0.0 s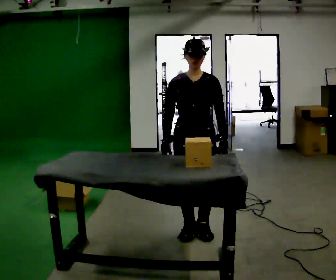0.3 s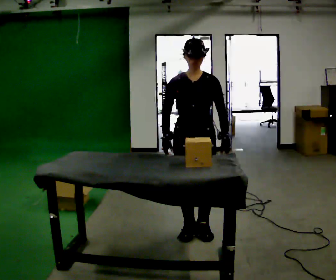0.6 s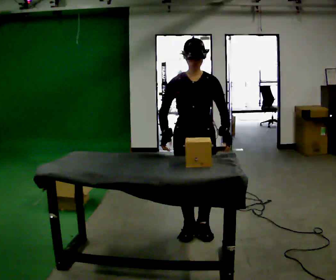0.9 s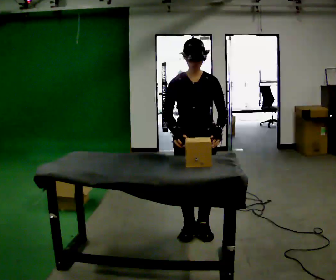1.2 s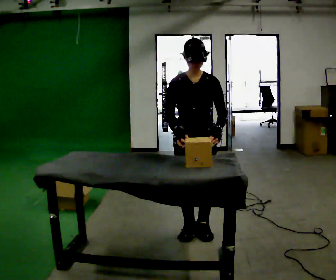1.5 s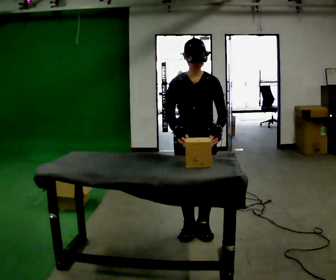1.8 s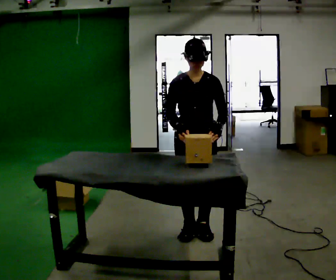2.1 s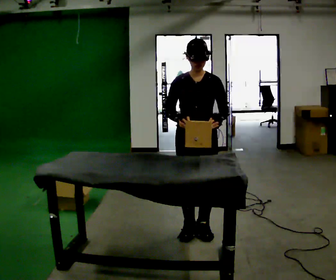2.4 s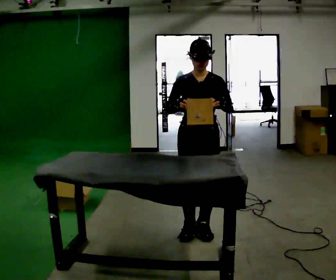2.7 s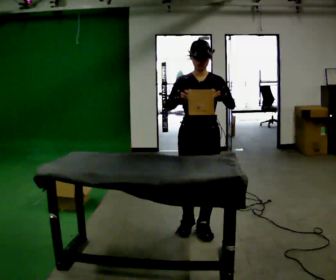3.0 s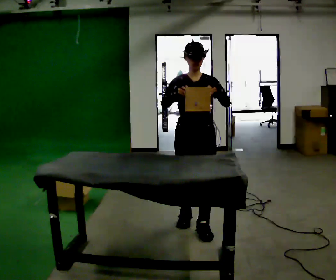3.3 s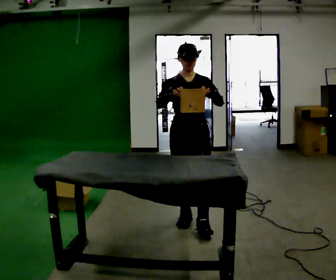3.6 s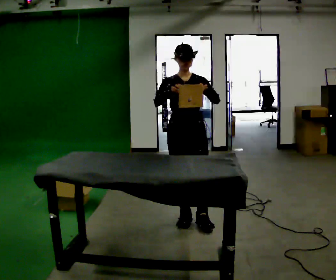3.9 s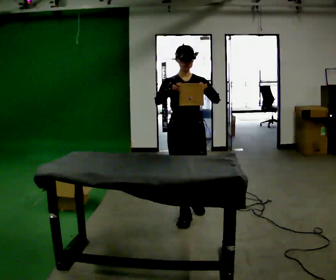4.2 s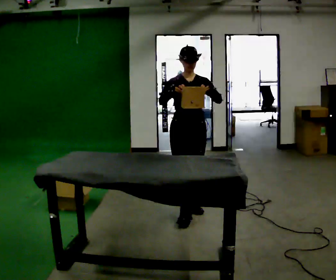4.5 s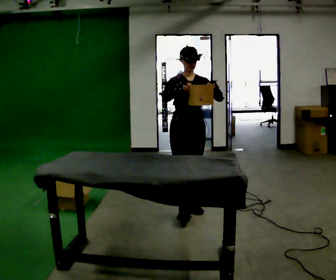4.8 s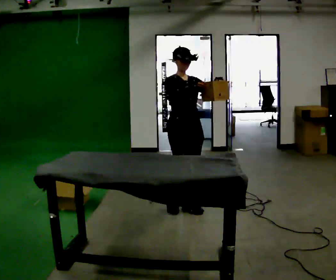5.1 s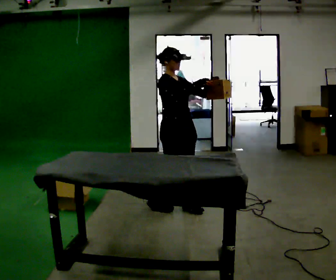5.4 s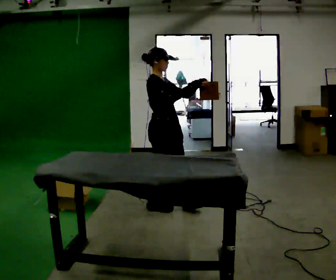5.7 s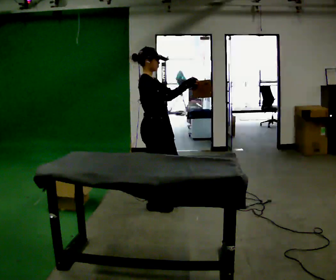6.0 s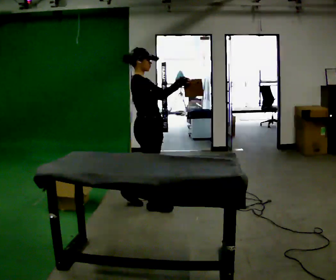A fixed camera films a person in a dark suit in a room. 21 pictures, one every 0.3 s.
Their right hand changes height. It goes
upward.
Their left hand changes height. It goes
upward.
0.0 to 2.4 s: The person moves a little, or ends about where they began.
2.4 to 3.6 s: In the picture they go away from the camera, about 0.25 m in 2 steps, which for them is backward.
3.6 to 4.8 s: Seen from above the body turns counterclockwise, about 30 degrees: to their left, with its near side sliding to the right. In the picture they go away from the camera, about 0.25 m in 1 step, which for them is backward.
4.8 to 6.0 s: The part of the body nearest the lens slides to the right as the person turns to their left by about 60 degrees. In the picture they go to the left, about 0.25 m in 1 step.
The film runs backward here.
